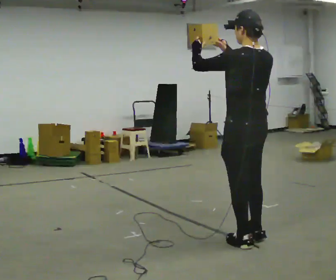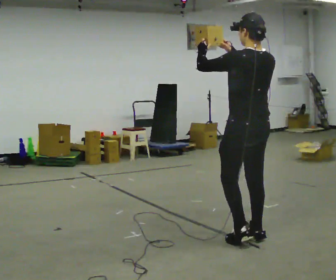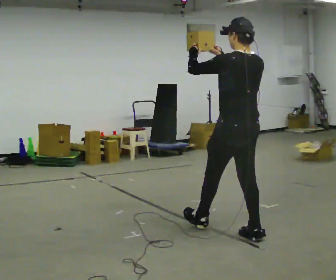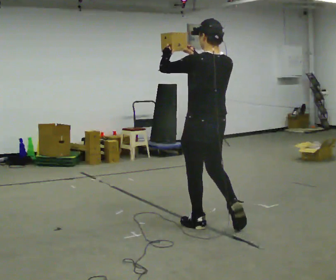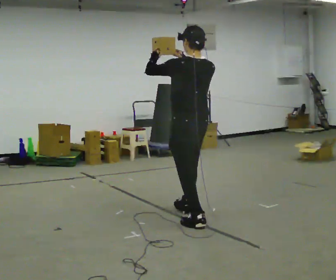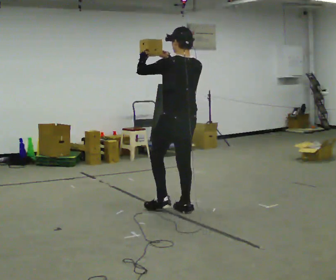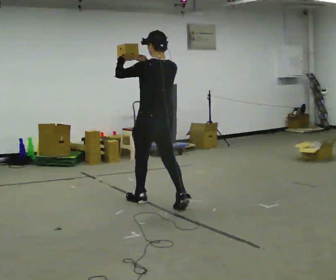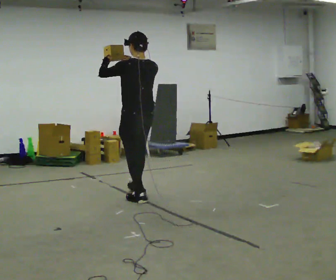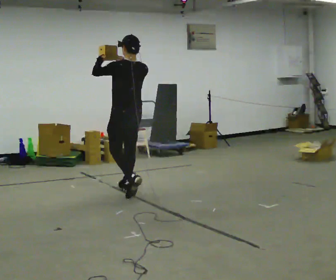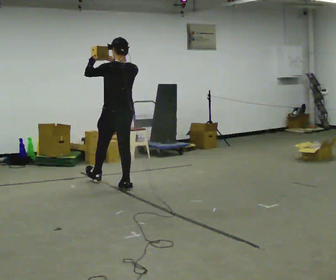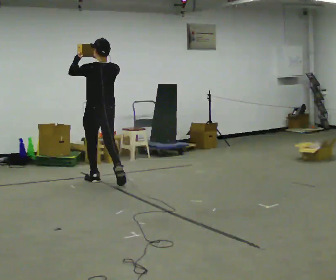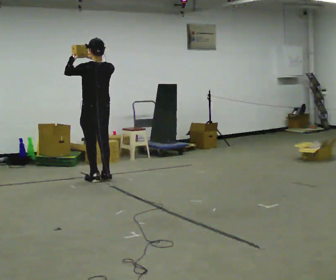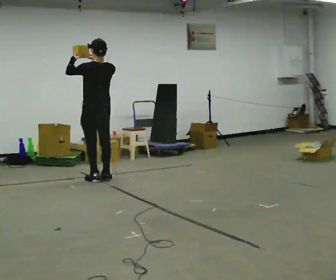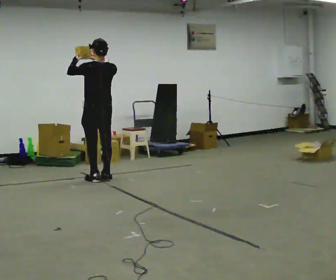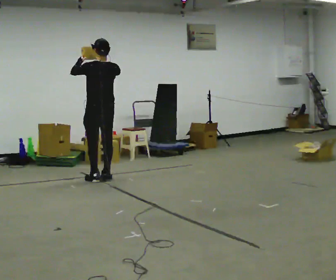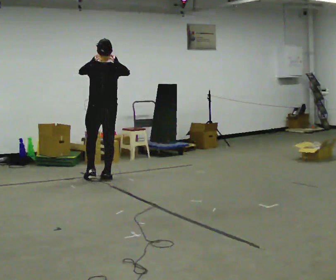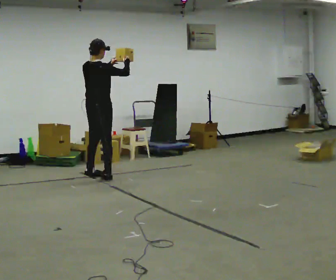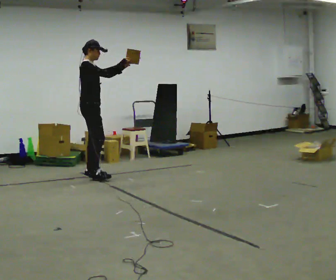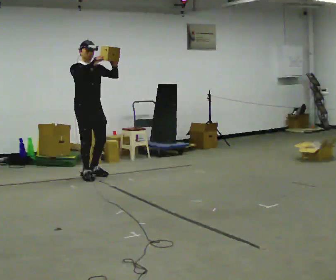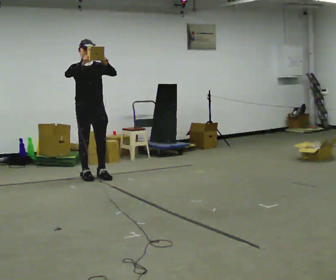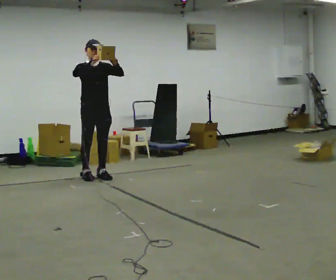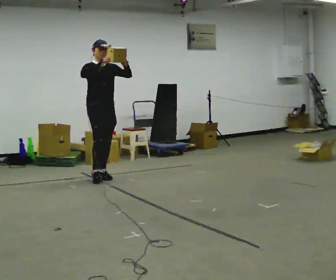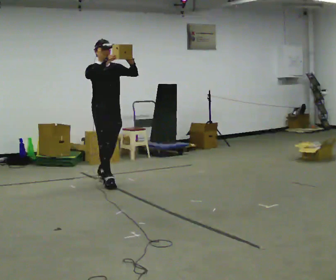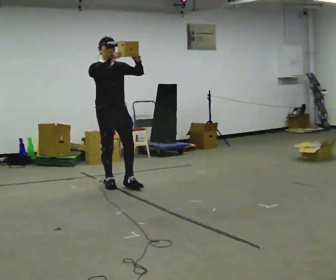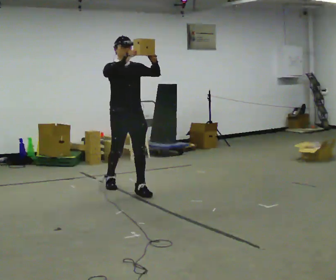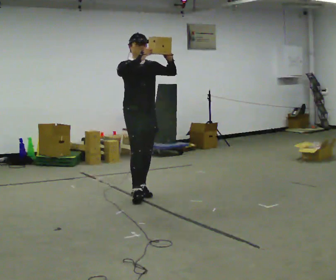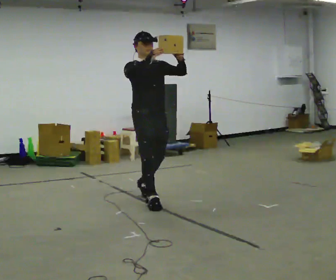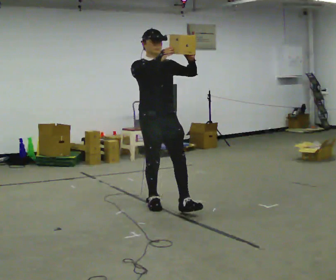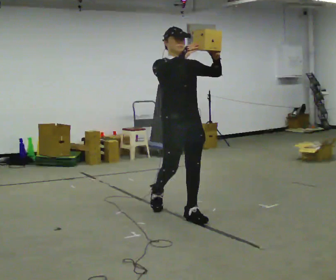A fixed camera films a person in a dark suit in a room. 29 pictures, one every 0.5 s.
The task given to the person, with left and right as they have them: Carry the object held up above your head, walking back and forth across the room.
0.0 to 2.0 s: In the picture they go away from the camera, about 1 m in 2 steps, which for them is forward.
2.0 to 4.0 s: In the picture they go away from the camera and to the left, about 1.5 m in 2 steps, which for them is forward.
4.0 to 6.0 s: In the picture they go away from the camera and to the left, about 0.5 m in 2 steps, which for them is forward.
6.0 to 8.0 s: The person turns about 75 degrees to their right, clockwise seen from above, so the part of the body nearest the lens slides to the left. In the picture their left hand goes to the right.
8.0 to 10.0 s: The person turns about 120 degrees to their right, clockwise seen from above, so the part of the body nearest the lens slides to the left.
10.0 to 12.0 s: In the picture they go toward the camera and to the right, about 1 m in 2 steps, which for them is forward.
12.0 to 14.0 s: In the picture they go toward the camera, about 1 m in 2 steps, which for them is forward.
The film runs forward here.
